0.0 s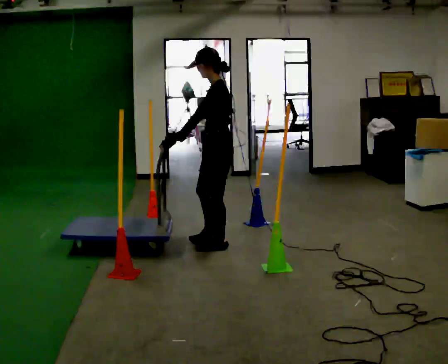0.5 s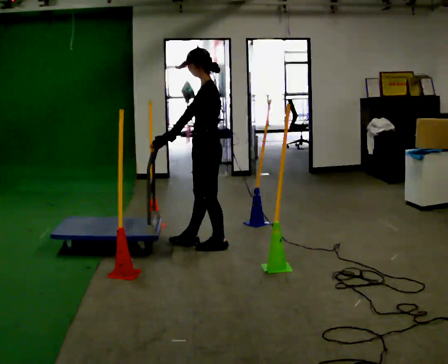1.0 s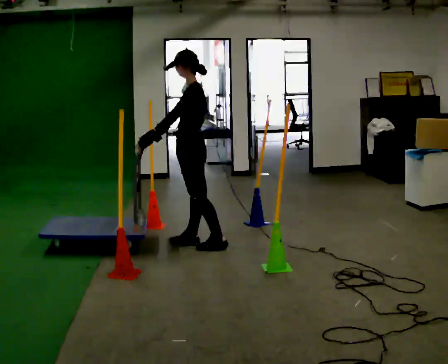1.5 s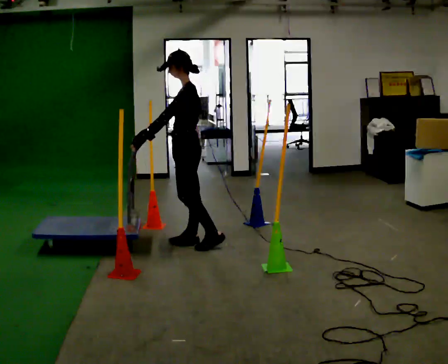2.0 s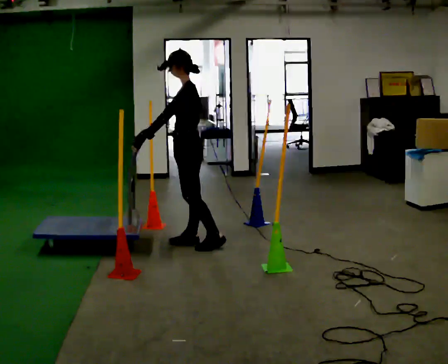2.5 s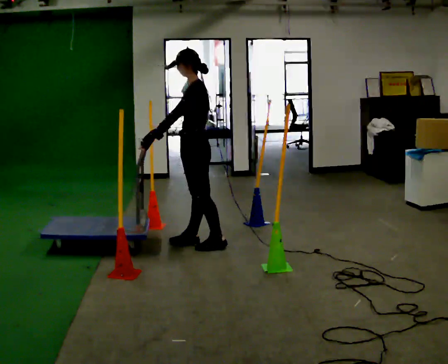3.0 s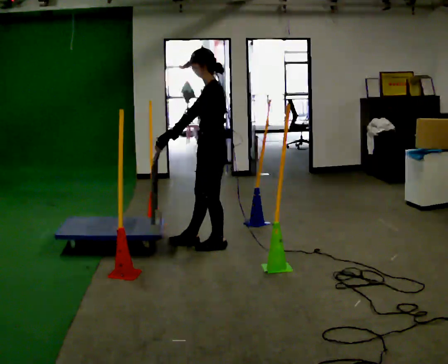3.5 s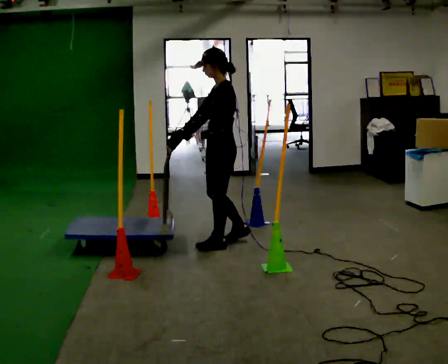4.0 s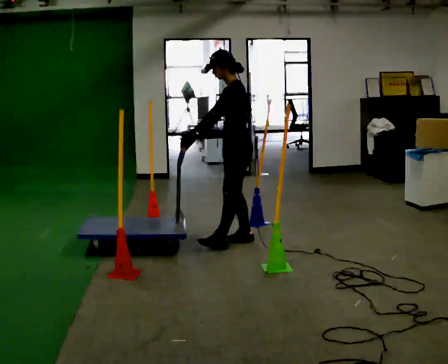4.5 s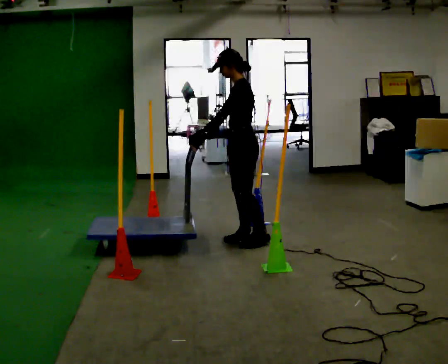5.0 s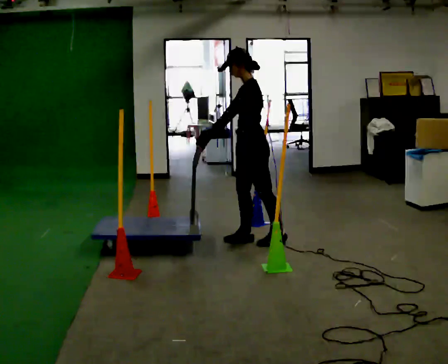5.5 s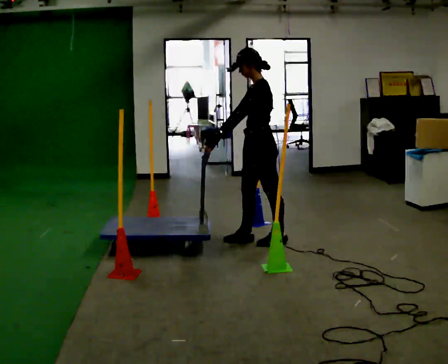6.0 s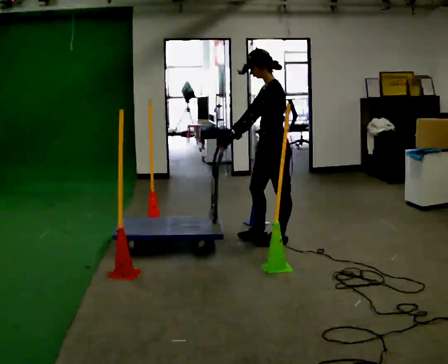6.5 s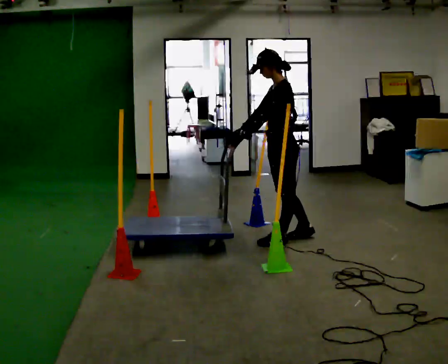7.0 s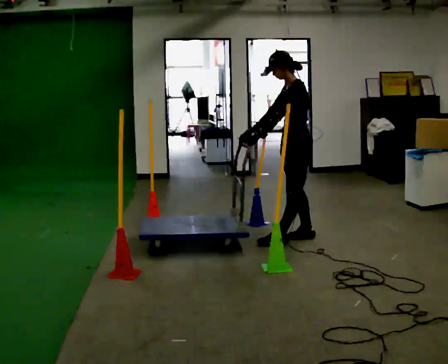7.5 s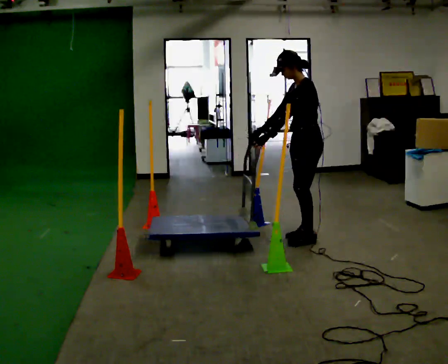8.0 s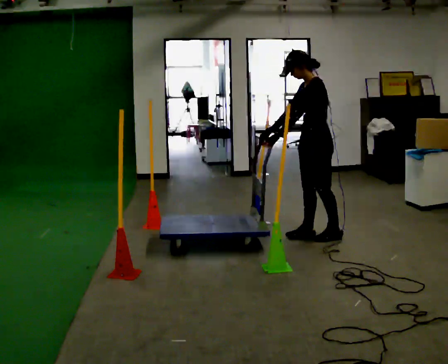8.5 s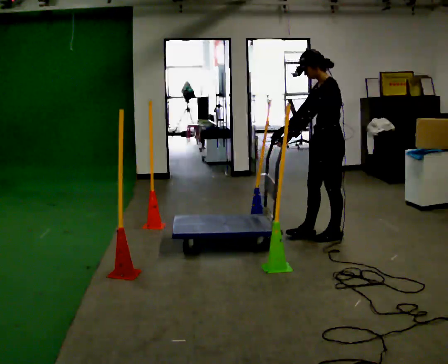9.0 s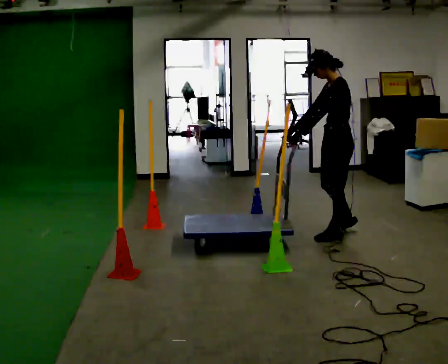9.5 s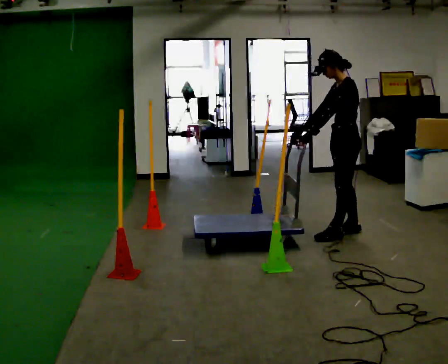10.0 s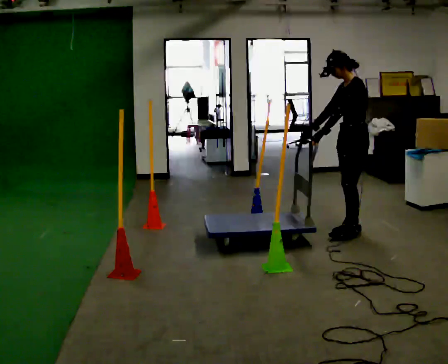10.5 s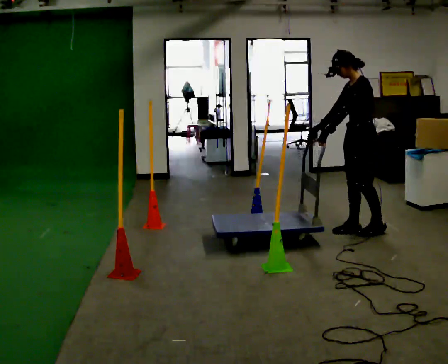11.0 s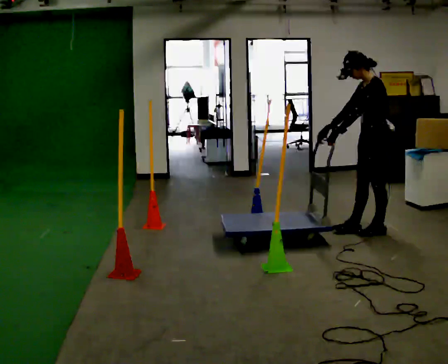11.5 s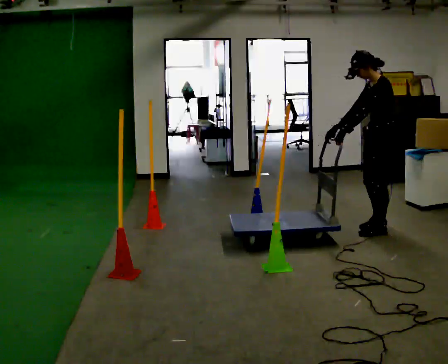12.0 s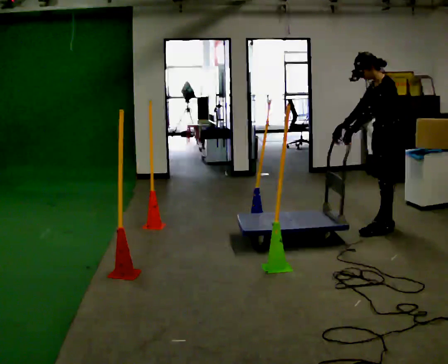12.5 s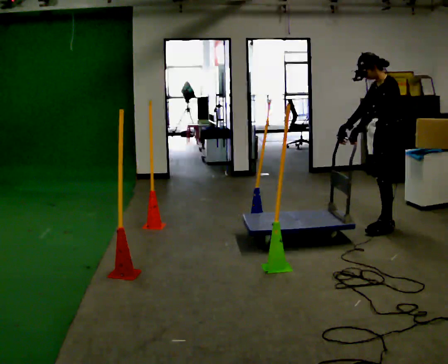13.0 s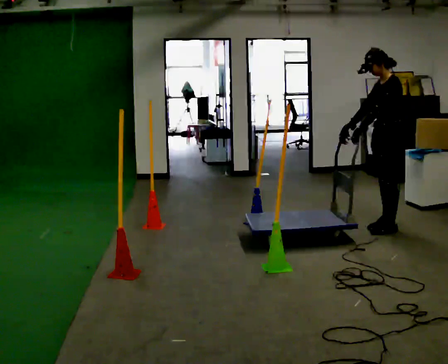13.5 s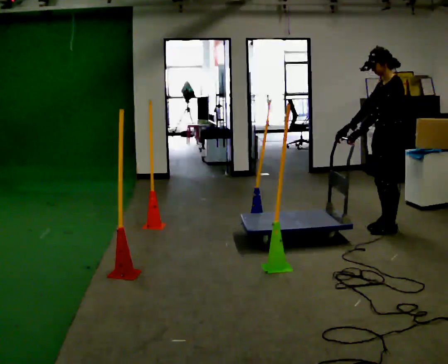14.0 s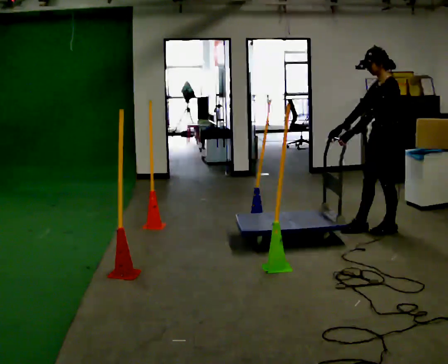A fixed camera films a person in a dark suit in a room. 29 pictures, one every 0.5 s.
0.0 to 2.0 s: In the picture they go to the left, about 0.25 m in 1 step, which for them is forward and to their right.
2.0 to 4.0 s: In the picture they go to the right, about 0.5 m in 1 step, which for them is backward.
4.0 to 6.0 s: In the picture they go to the right, about 0.25 m in 1 step, which for them is backward.
6.0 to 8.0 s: In the picture they go to the right and away from the camera, about 0.5 m in 2 steps, which for them is backward.
8.0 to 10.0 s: In the picture they go to the right, about 0.25 m in 1 step, which for them is backward.
10.0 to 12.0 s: In the picture they go to the right, about 0.25 m in 2 steps, which for them is backward.
12.0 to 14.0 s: The person moves a little, or ends about where they began.
The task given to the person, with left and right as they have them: Push the cart in and out of the line of poles without touching any of them. Keep going until the operator says stop.
The film runs forward here.
